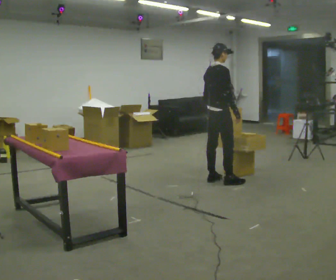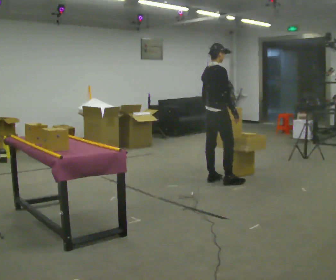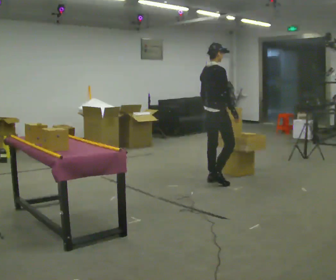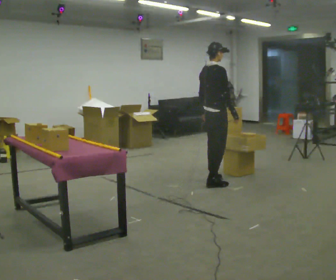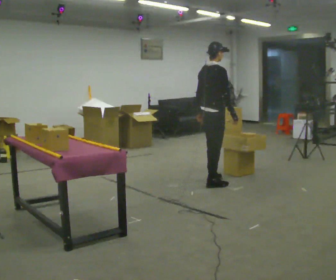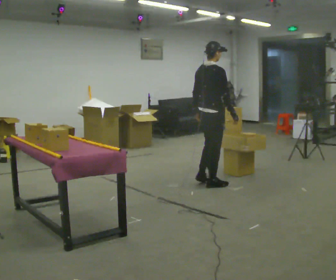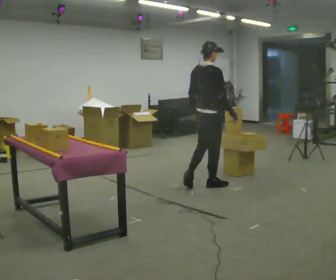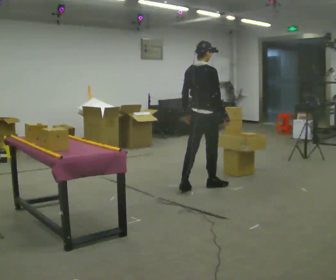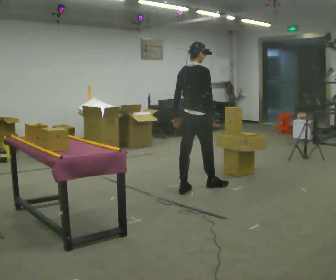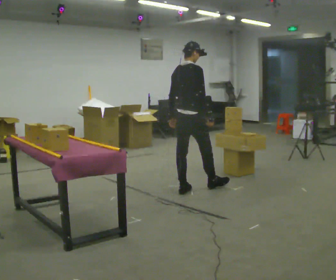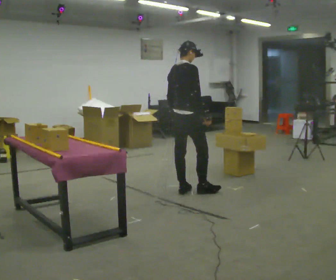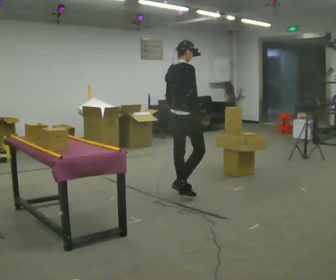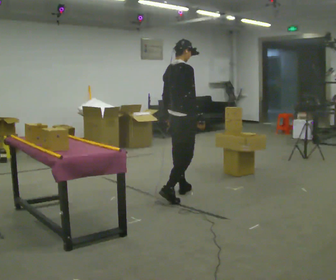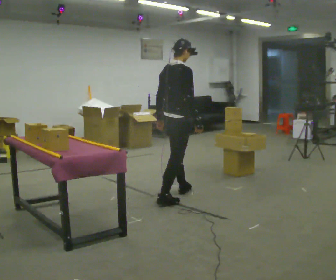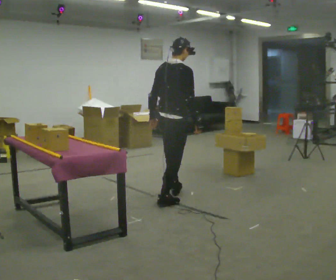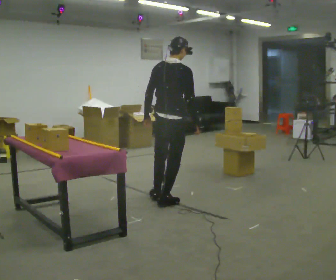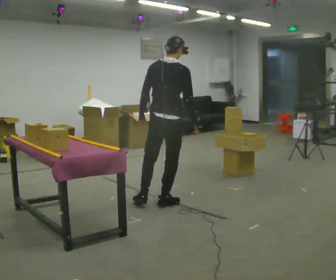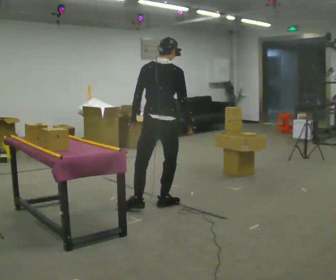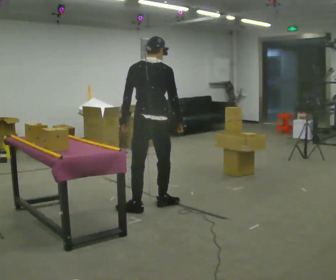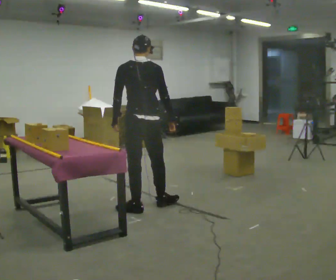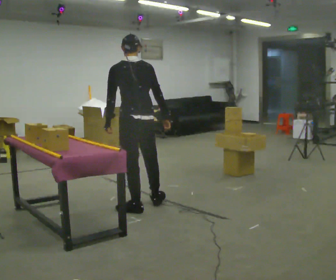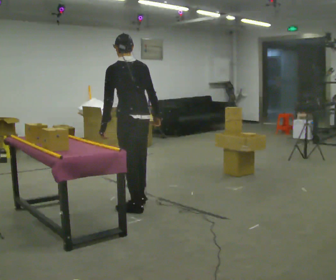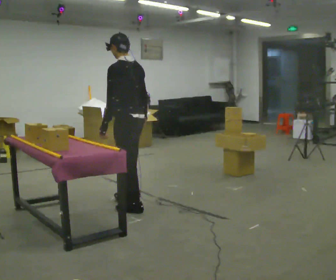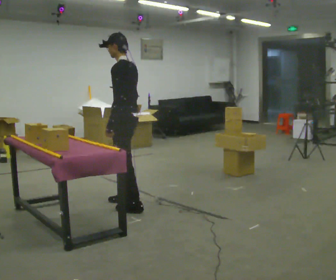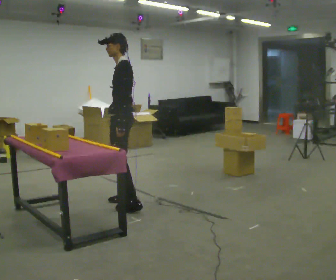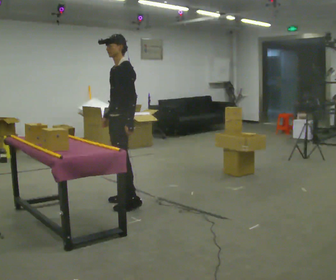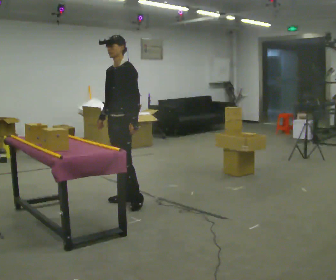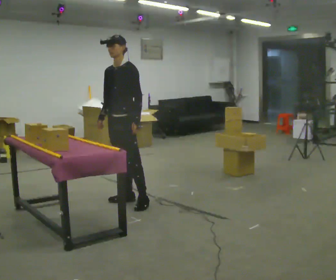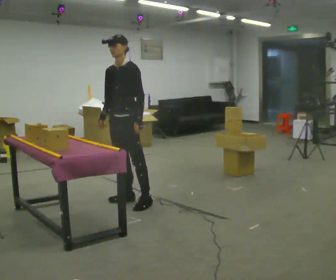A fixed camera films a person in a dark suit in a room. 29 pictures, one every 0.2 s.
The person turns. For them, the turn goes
to their left.
The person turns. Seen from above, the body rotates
counterclockwise.
0.0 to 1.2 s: In the picture they go toward the camera and to the left, about 0.25 m in 2 steps, which for them is backward and to their right.
1.2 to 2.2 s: In the picture they go to the left and toward the camera, about 0.5 m in 1 step, which for them is backward.
2.2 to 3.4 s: The person turns about 45 degrees to their left, counterclockwise seen from above, so the part of the body nearest the lens slides to the right. In the picture they go toward the camera and to the left, about 0.5 m in 1 step, which for them is backward.
3.4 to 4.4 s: The person turns about 60 degrees to their left, counterclockwise seen from above, so the part of the body nearest the lens slides to the right. In the picture they go to the left, about 0.25 m in 1 step.
4.4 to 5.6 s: The part of the body nearest the lens slides to the right as the person turns to their left by about 90 degrees. In the picture they go away from the camera, about 0.25 m in 1 step.
The film runs backward here.
